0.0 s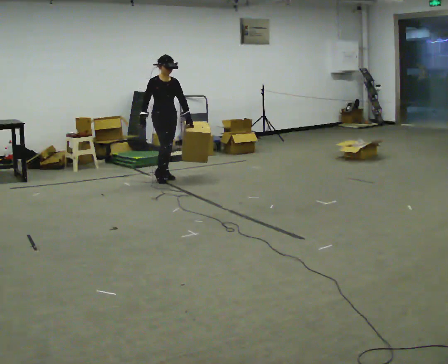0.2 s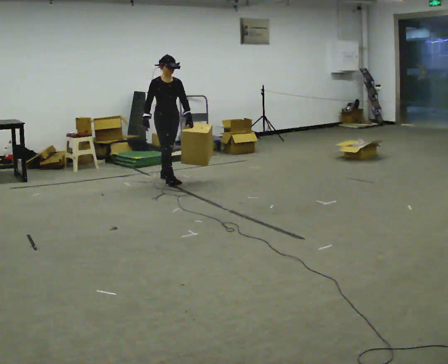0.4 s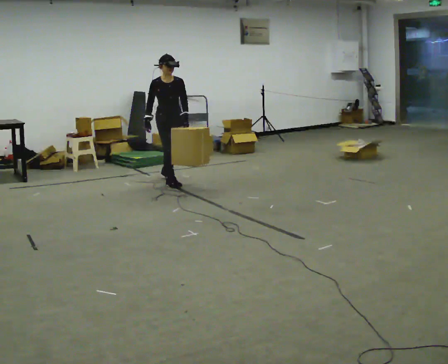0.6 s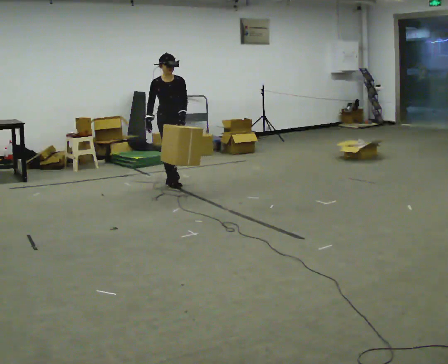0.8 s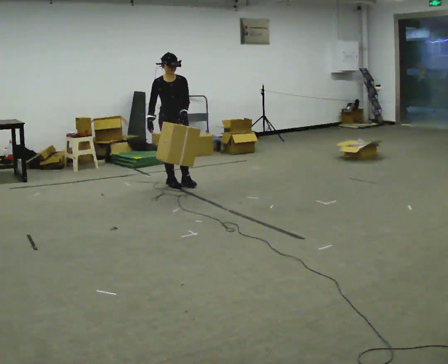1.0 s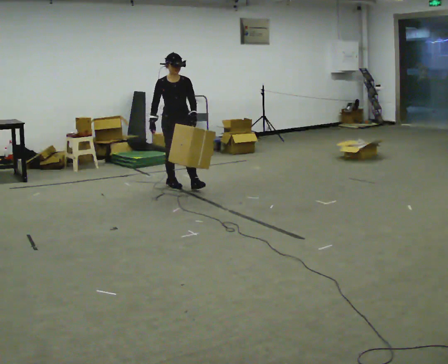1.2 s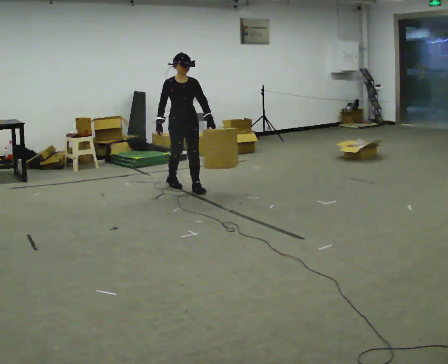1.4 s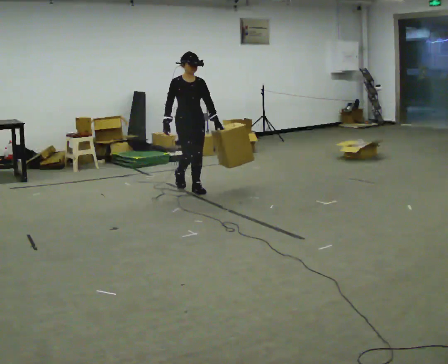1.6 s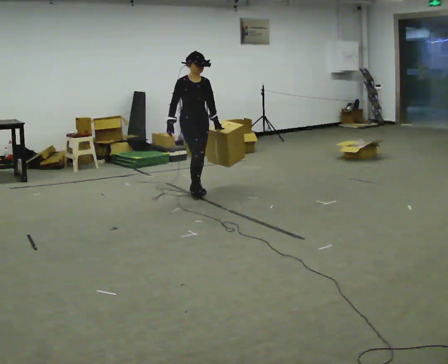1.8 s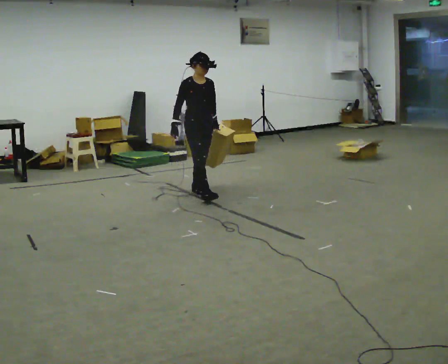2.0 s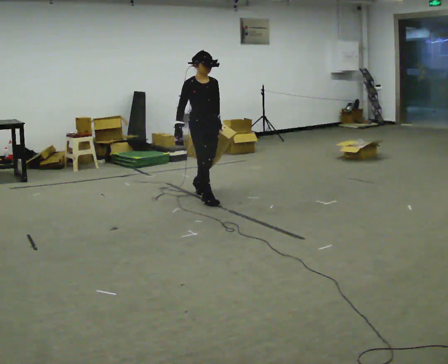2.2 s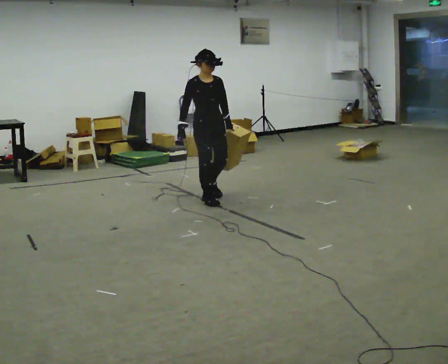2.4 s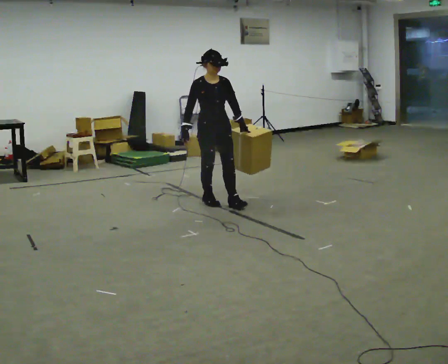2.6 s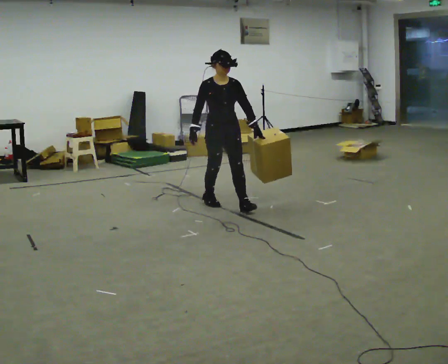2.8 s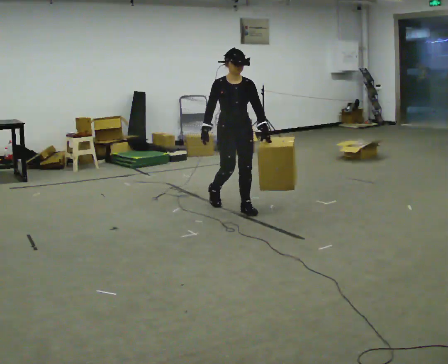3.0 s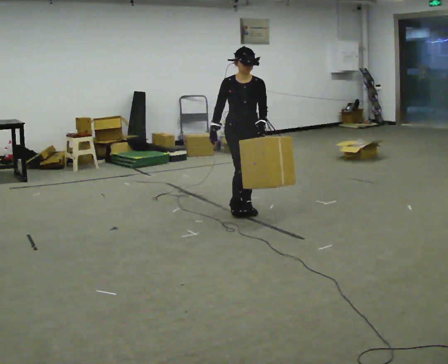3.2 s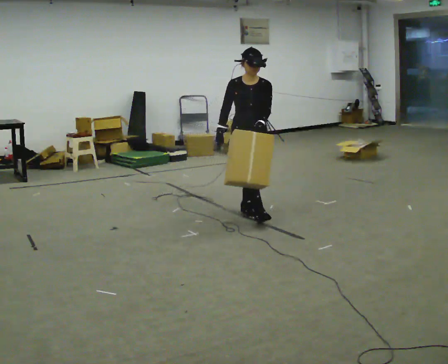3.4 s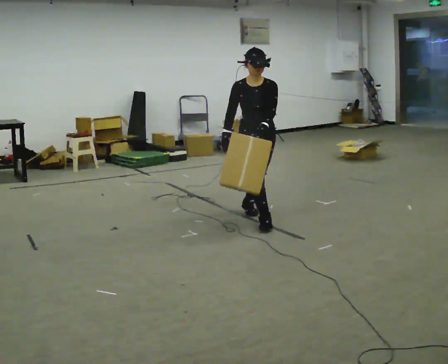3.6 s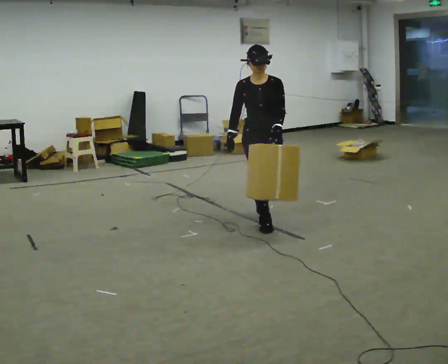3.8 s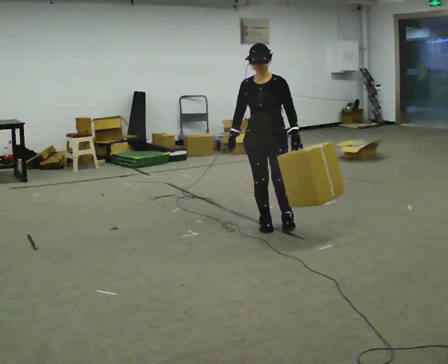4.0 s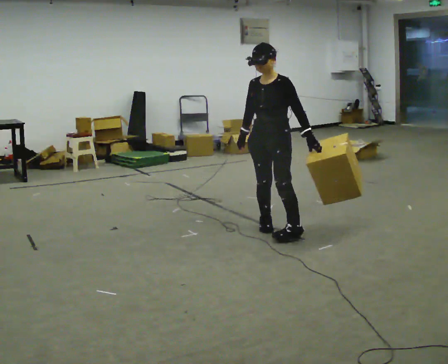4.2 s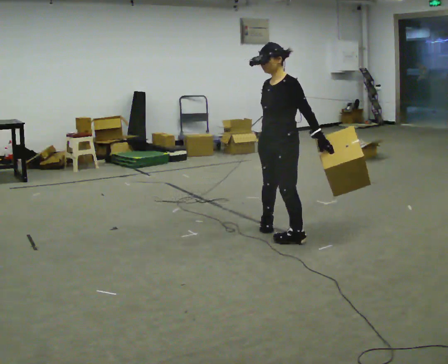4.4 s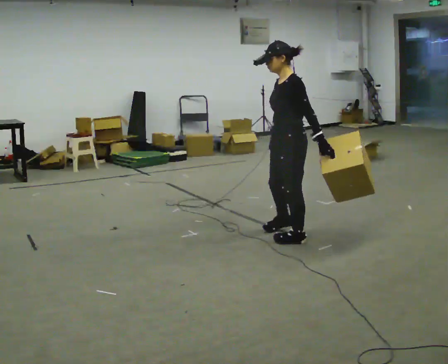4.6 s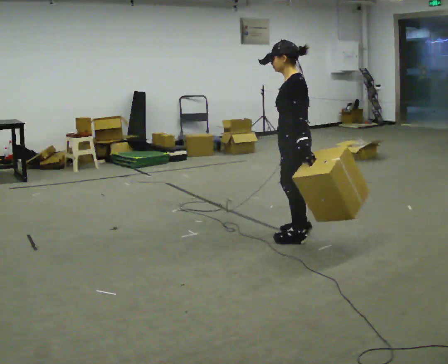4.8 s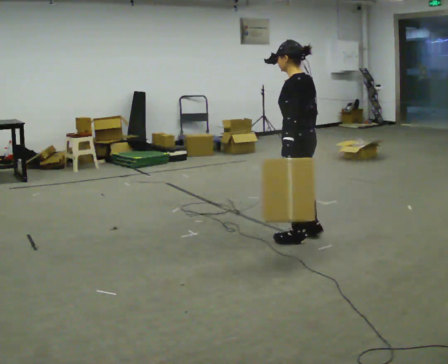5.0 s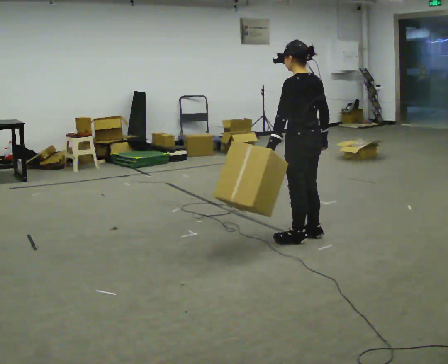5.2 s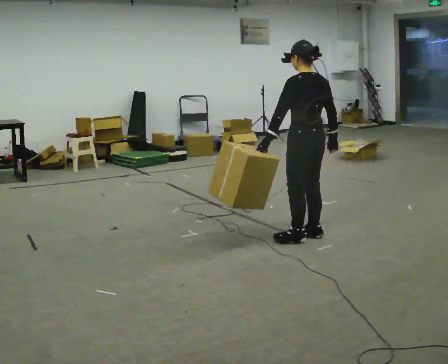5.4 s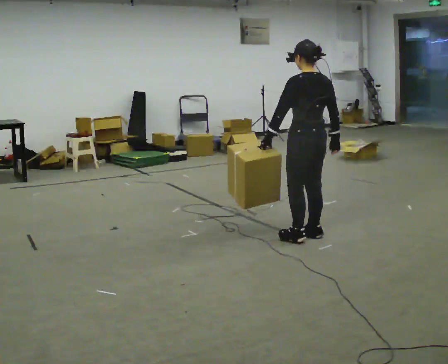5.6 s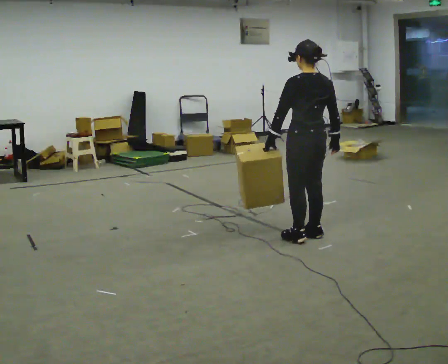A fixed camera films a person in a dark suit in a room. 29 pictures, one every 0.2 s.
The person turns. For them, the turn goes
to their right.
The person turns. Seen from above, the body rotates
clockwise.
0.0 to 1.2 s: In the picture they go toward the camera and to the right, about 0.5 m in 2 steps, which for them is forward.
1.2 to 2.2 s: In the picture they go toward the camera and to the right, about 0.5 m in 1 step, which for them is forward.
2.2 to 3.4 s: In the picture they go toward the camera and to the right, about 1 m in 2 steps, which for them is forward.
3.4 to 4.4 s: The part of the body nearest the lens slides to the left as the person turns to their right by about 90 degrees. In the picture they go toward the camera and to the right, about 0.5 m in 1 step.
4.4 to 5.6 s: Seen from above the body turns clockwise, about 75 degrees: to their right, with its near side sliding to the left.
The film runs forward here.
